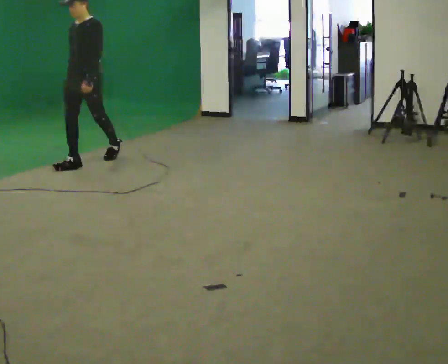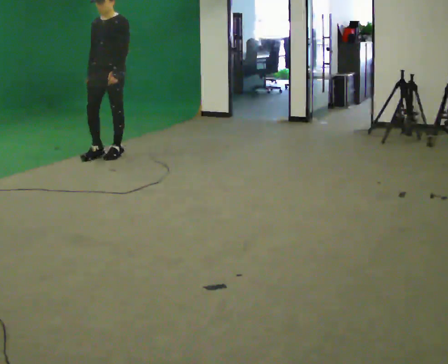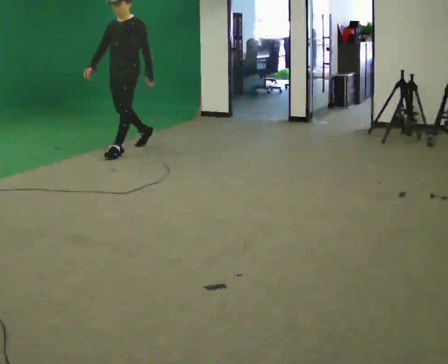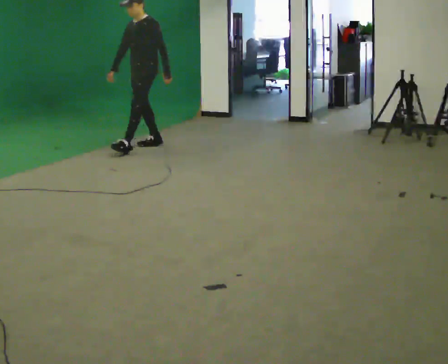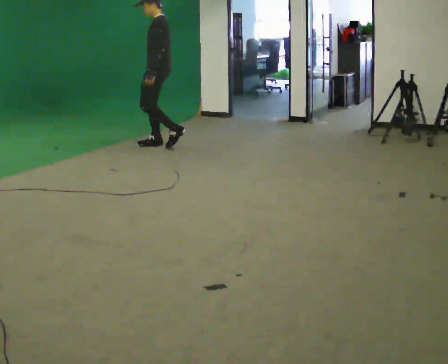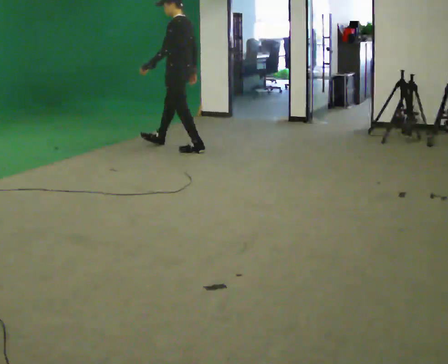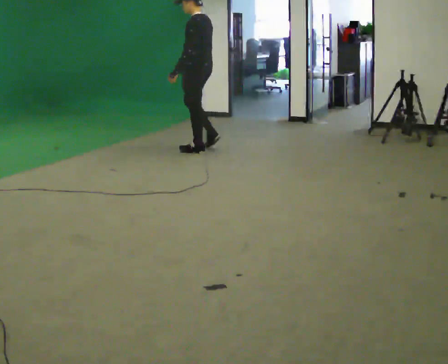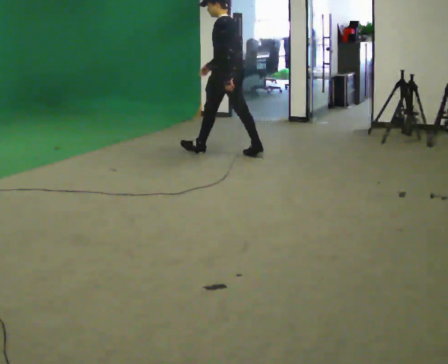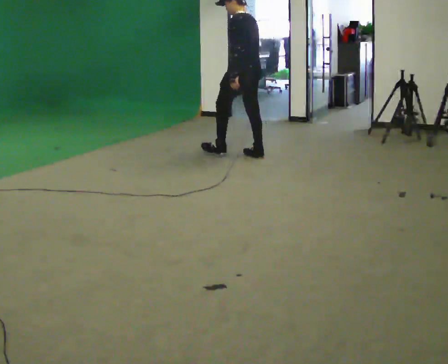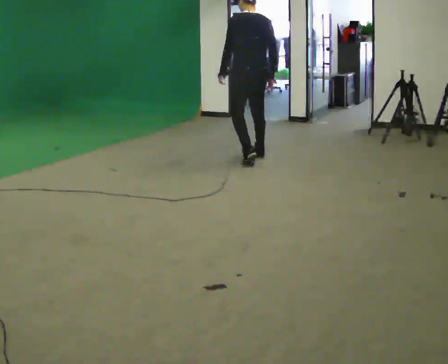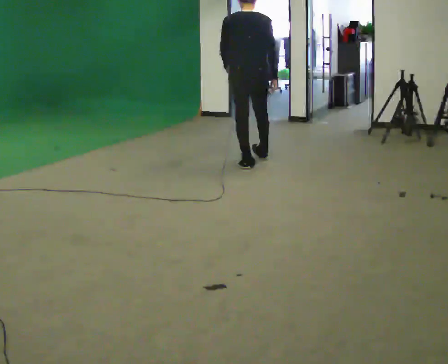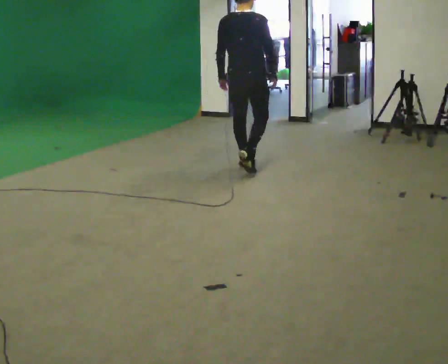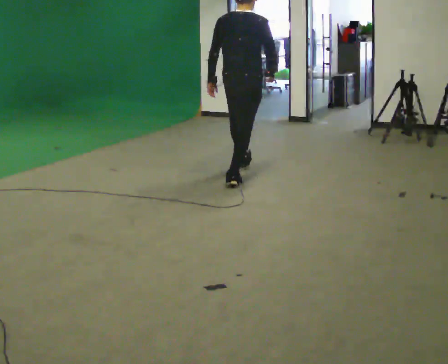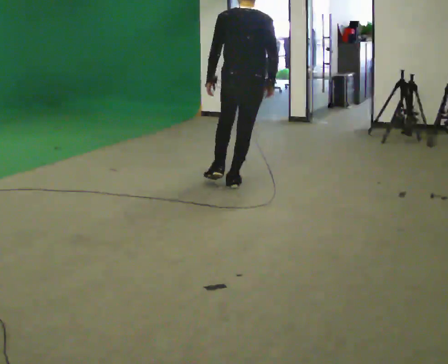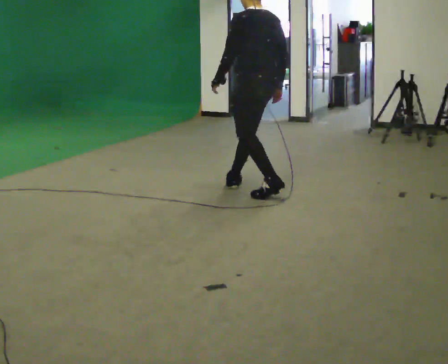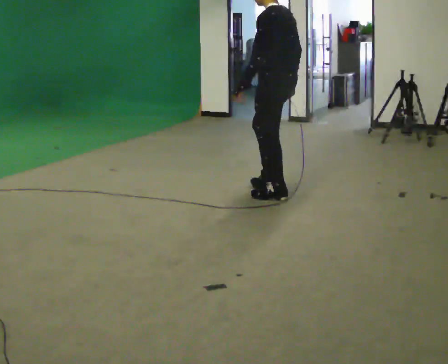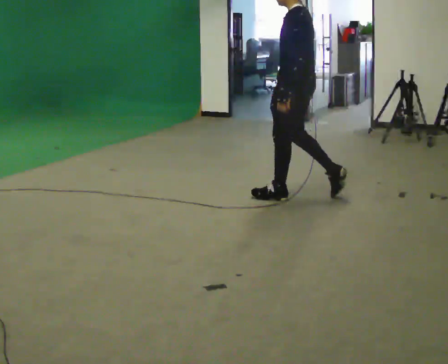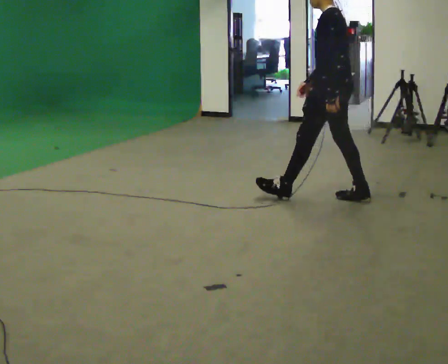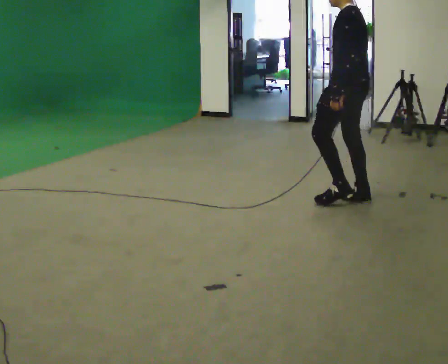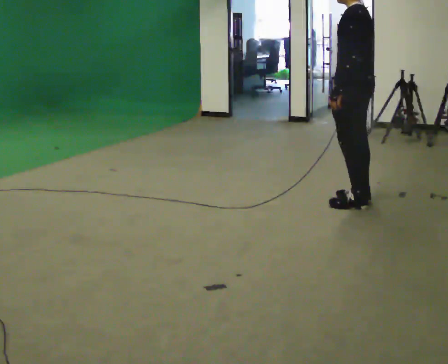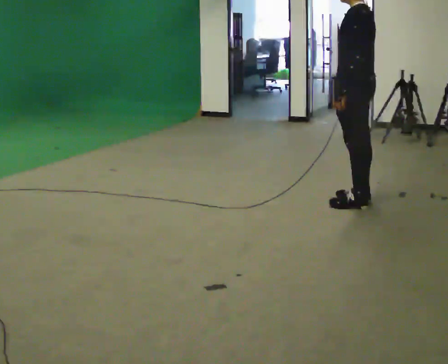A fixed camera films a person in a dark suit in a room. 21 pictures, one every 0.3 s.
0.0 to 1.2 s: The person turns about 45 degrees to their right, clockwise seen from above, so the part of the body nearest the lens slides to the left. In the picture they go away from the camera and to the right, about 1 m in 2 steps.
1.2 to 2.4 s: The person turns about 45 degrees to their right, clockwise seen from above, so the part of the body nearest the lens slides to the left. In the picture they go to the right, about 1 m in 2 steps, which for them is backward.
2.4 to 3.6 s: The part of the body nearest the lens slides to the left as the person turns to their right by about 90 degrees. In the picture they go toward the camera, about 1 m in 2 steps.
3.6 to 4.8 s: The part of the body nearest the lens slides to the right as the person turns to their left by about 90 degrees. In the picture they go toward the camera and to the right, about 0.5 m in 1 step.
4.8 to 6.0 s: In the picture they go to the right, about 0.5 m in 1 step, which for them is backward.
The film runs backward here.
